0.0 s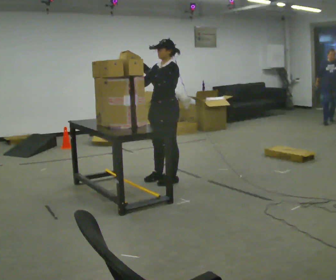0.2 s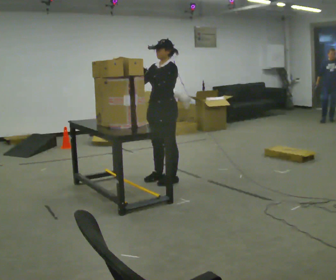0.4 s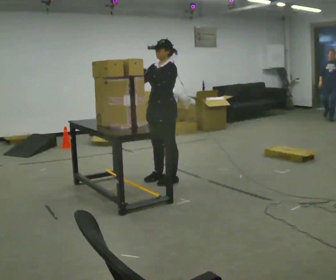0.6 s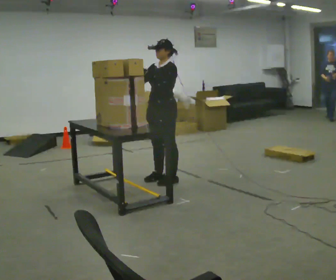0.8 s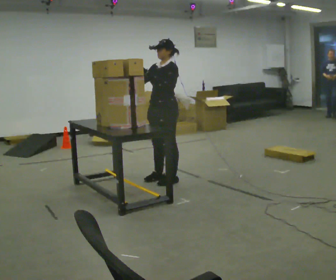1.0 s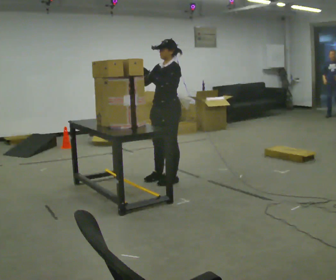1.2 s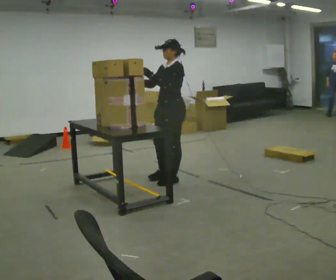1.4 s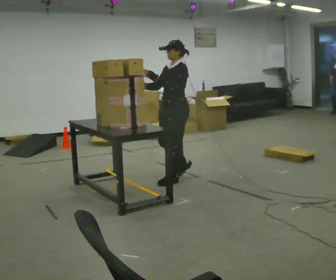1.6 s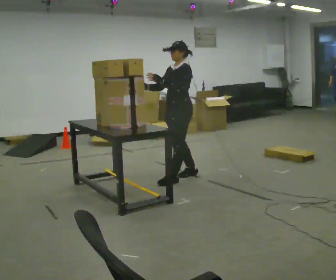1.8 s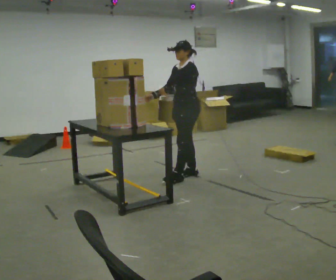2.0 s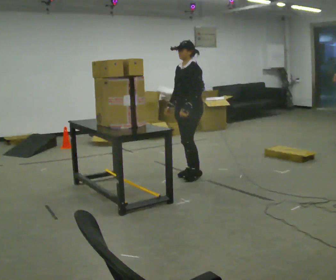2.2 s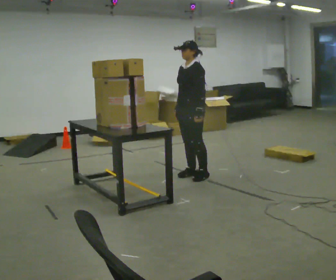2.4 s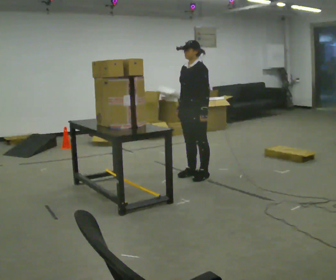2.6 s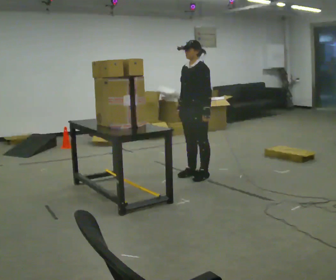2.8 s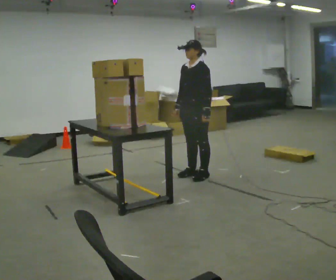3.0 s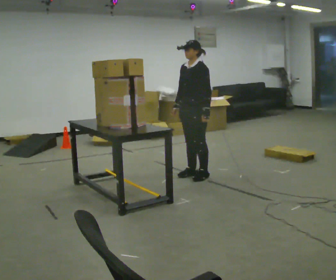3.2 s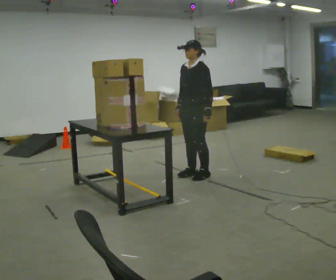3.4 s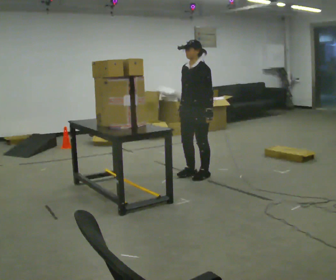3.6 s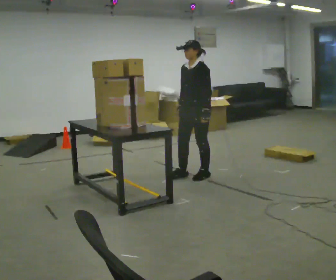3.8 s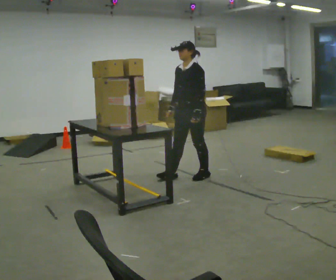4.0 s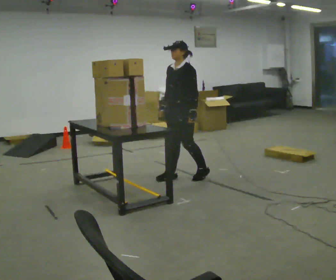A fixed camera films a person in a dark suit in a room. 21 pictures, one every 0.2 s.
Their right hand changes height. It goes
downward.
Their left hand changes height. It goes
downward.
0.0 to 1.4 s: The person moves a little, or ends about where they began.
1.4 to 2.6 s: In the picture they go to the right, about 0.25 m in 1 step, which for them is backward. In the picture their left hand goes downward.
2.6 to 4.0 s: In the picture they go to the left, about 0.25 m in 2 steps, which for them is forward.
The film runs backward here.
